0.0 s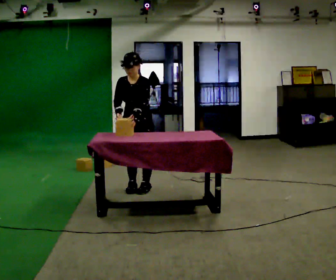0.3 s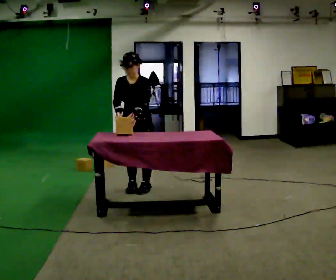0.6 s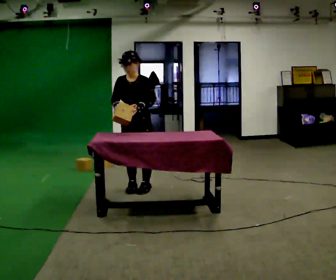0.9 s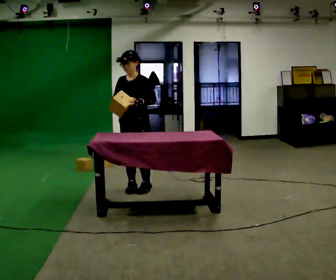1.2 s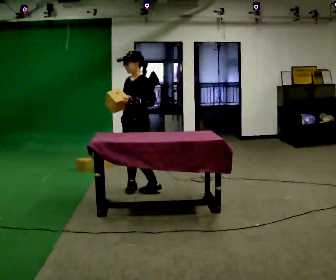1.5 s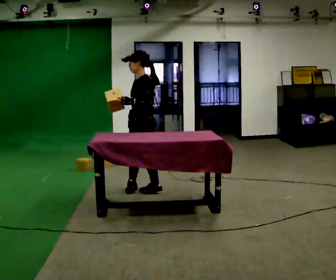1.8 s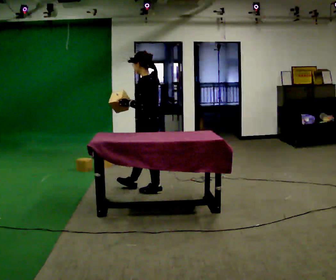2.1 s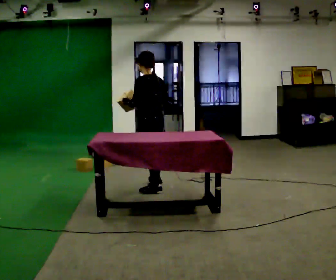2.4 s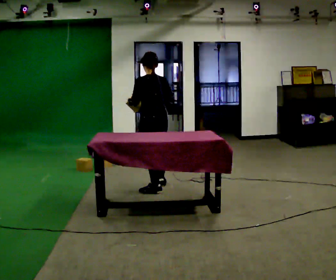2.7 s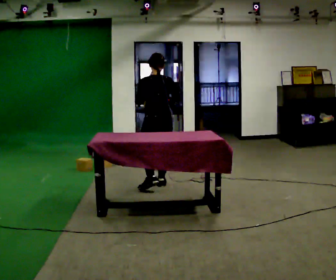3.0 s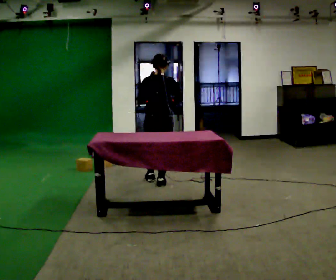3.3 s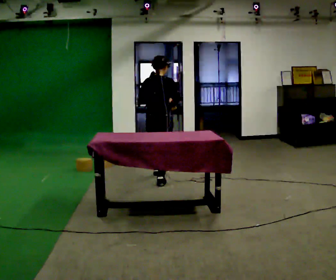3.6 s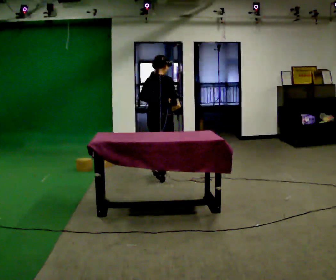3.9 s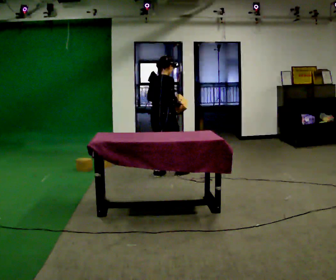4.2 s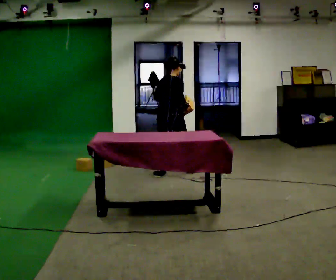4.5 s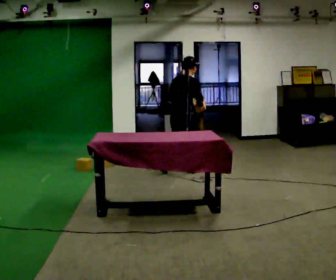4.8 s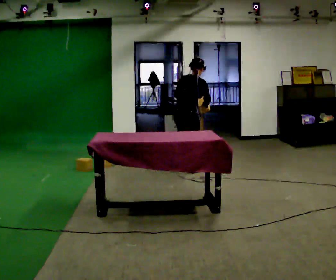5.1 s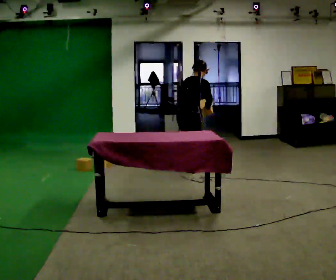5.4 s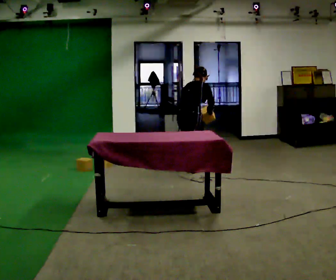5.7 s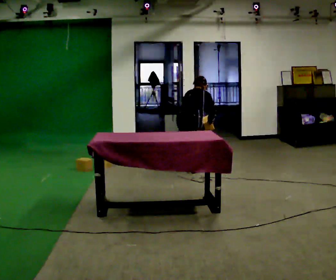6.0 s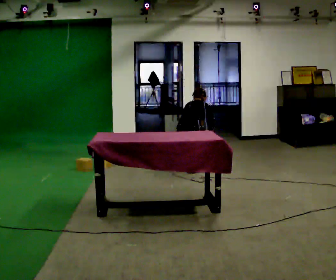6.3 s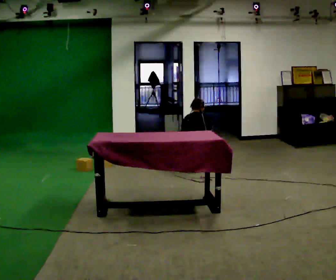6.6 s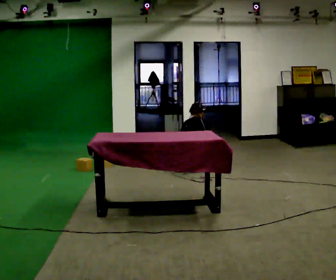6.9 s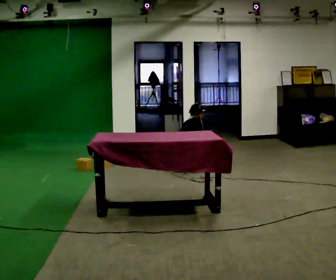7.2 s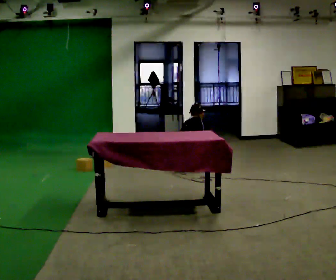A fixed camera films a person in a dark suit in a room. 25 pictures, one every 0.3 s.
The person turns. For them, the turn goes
to their right.
The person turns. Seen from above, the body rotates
clockwise.
0.0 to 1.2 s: The part of the body nearest the lens slides to the left as the person turns to their right by about 45 degrees.
1.2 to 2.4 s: Seen from above the body turns clockwise, about 90 degrees: to their right, with its near side sliding to the left. In the picture they go to the right, about 0.25 m in 1 step.
2.4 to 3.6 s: Seen from above the body turns clockwise, about 75 degrees: to their right, with its near side sliding to the left. In the picture they go away from the camera, about 0.5 m in 1 step.
3.6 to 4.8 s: In the picture they go to the right and away from the camera, about 0.5 m in 1 step, which for them is forward and to their right.
4.8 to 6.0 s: The upper body goes downward. The upper body tips away from the camera, its near side rolling upward, as they bend forward. In the picture their left hand goes downward.
6.0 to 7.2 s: The upper body goes downward.
The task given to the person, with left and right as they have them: Collect three or four objects from around the room, gather them in your arms, then carry them all to the shelf together. Keep going until the operator says stop; one object at a time, and do not rush between trips.
The film runs forward here.
